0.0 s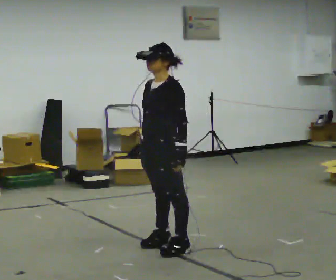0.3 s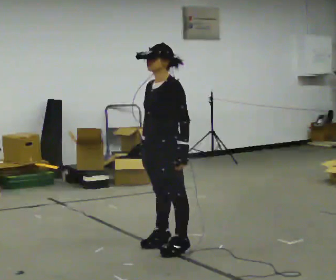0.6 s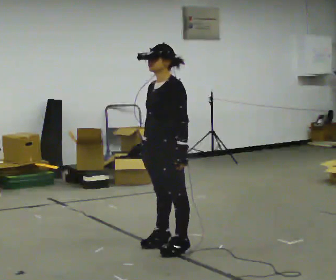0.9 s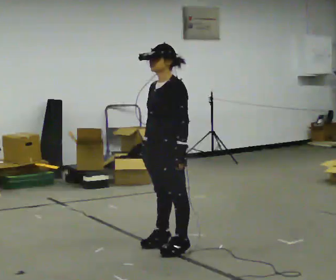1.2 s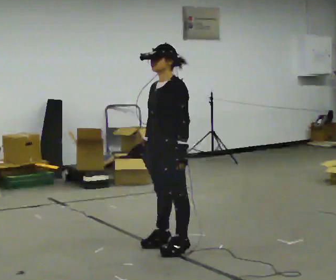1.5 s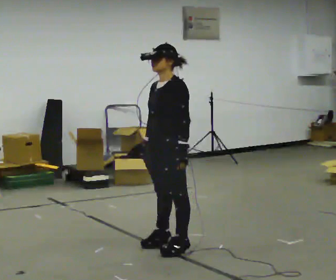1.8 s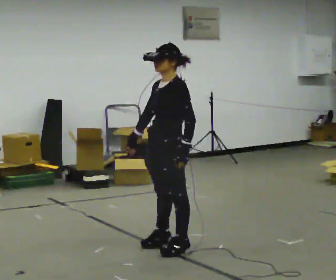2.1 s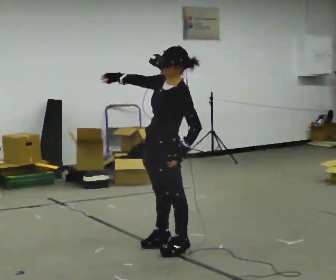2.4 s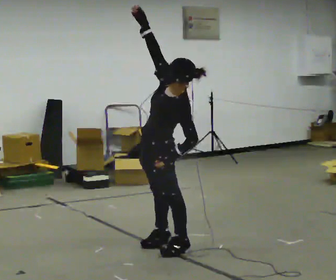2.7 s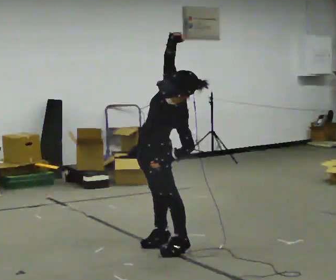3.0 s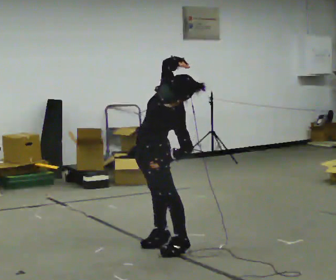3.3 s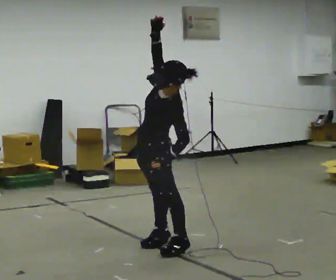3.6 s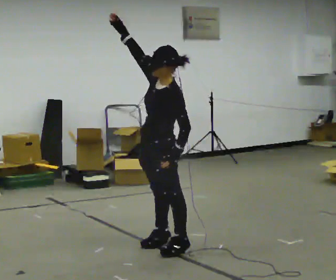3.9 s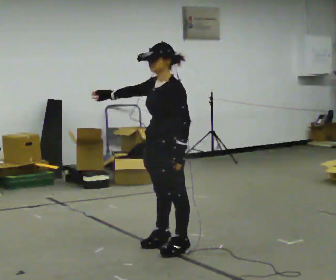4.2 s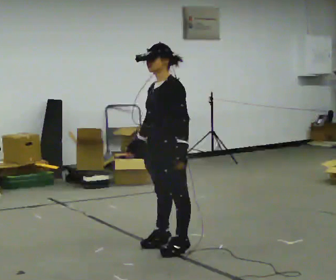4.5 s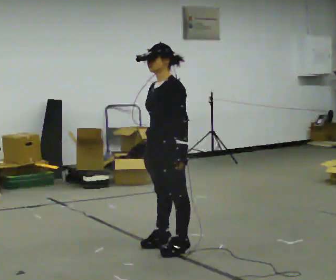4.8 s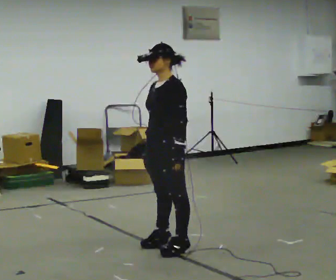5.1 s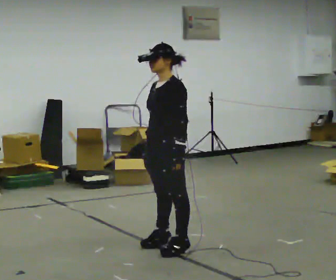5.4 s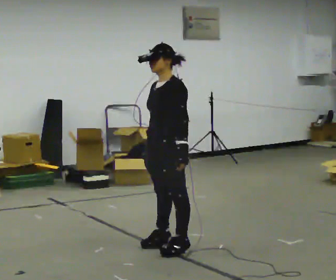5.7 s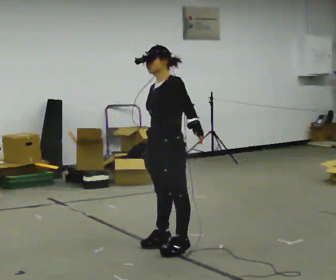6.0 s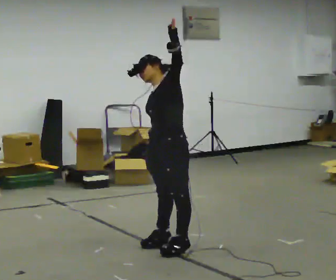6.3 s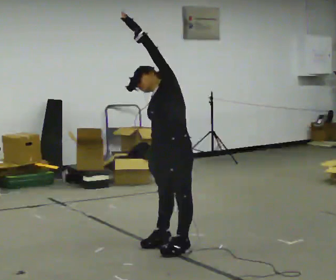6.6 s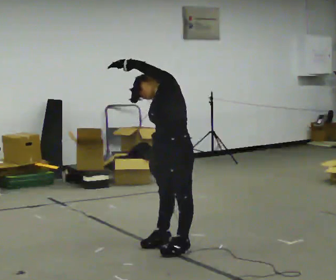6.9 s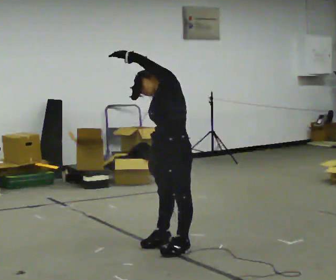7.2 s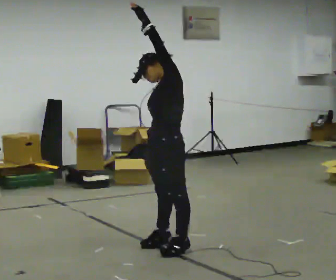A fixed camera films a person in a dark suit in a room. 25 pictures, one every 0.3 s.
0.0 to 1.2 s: The person moves a little, or ends about where they began.
1.2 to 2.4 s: The upper body tips toward the camera, its near side rolling downward. In the picture their right hand goes upward, the arm swinging clockwise.
2.4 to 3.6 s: The person moves a little, or ends about where they began.
3.6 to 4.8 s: In the picture their right hand goes downward, the arm swinging counterclockwise.
4.8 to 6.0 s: The upper body tips away from the camera, its near side rolling upward. In the picture their left hand goes upward.
6.0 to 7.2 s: The person moves a little, or ends about where they began.
The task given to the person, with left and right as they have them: Keeping your feet still and facing forward, bend your upper body sideways to one side, return upright, then bend to the other side. Reach the arm overhead as you bend. Repeat the movement at your own pace until the operator says stop; do not rush.
The film runs forward here.
